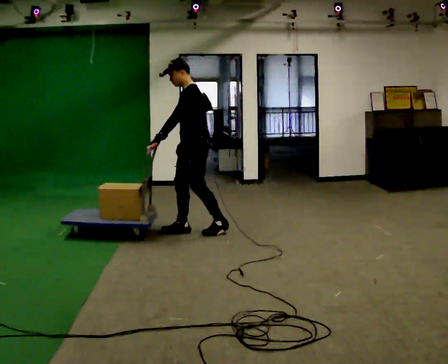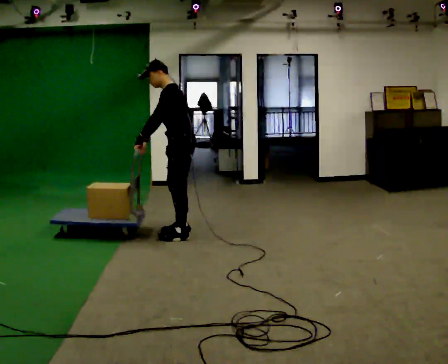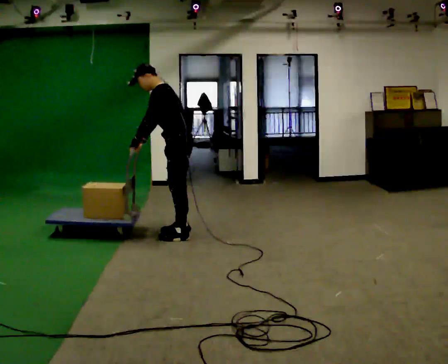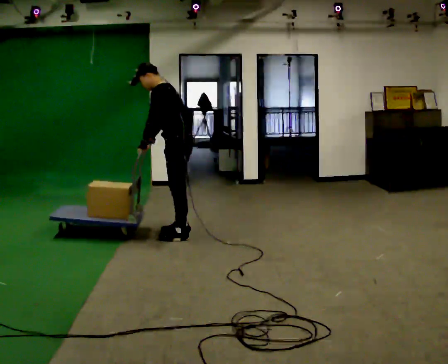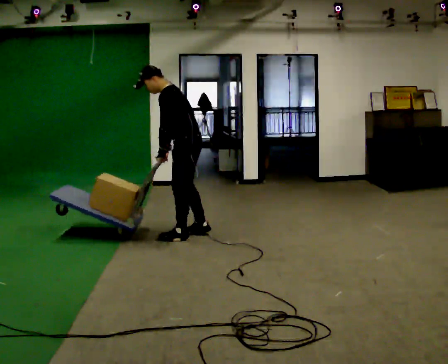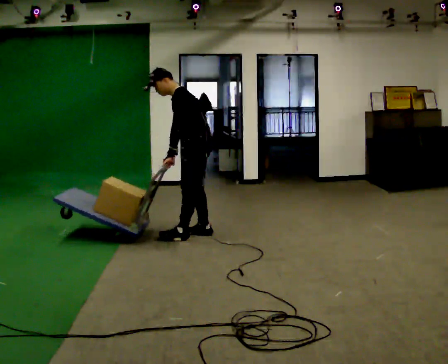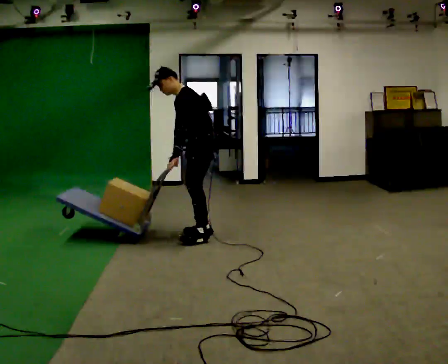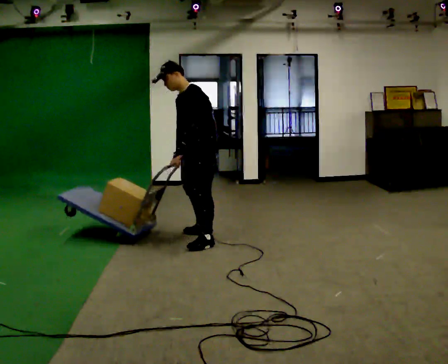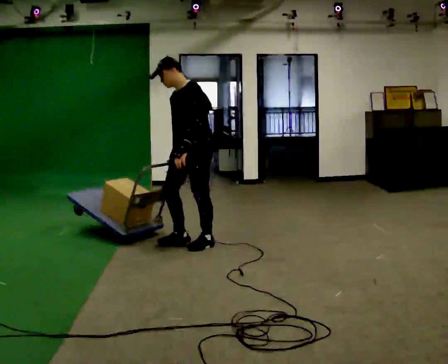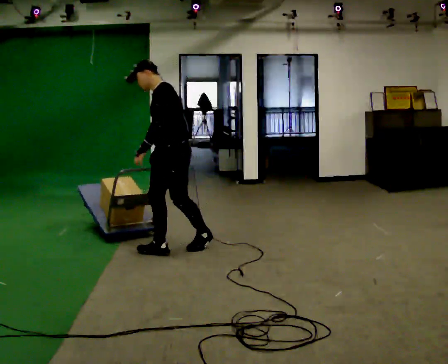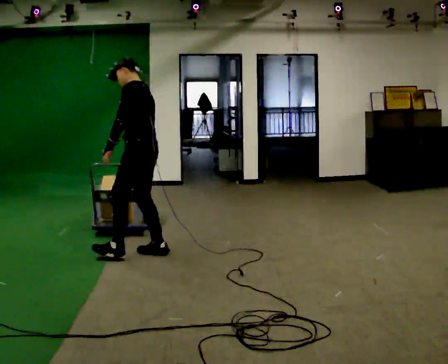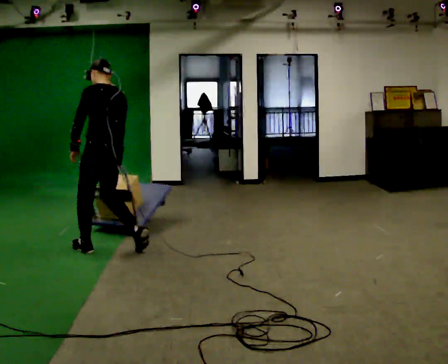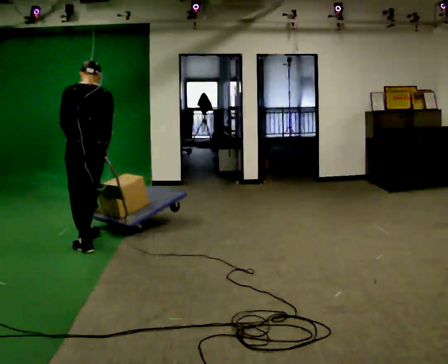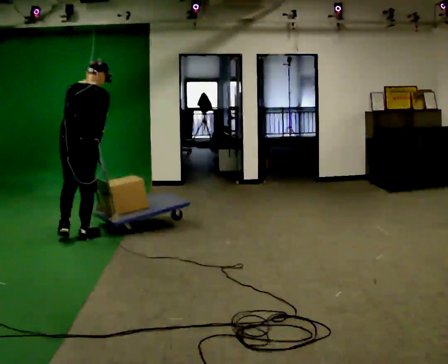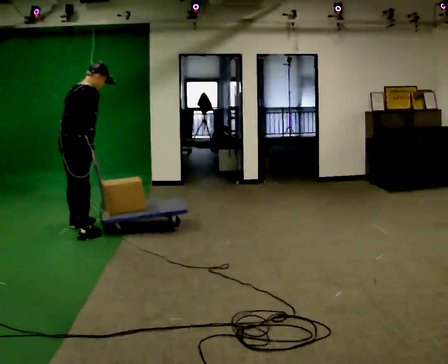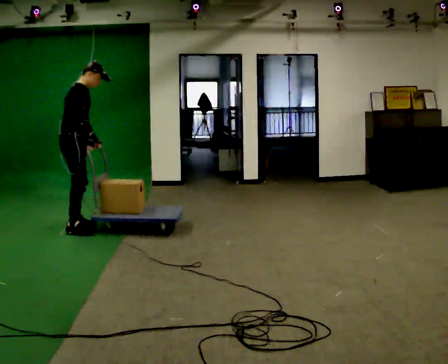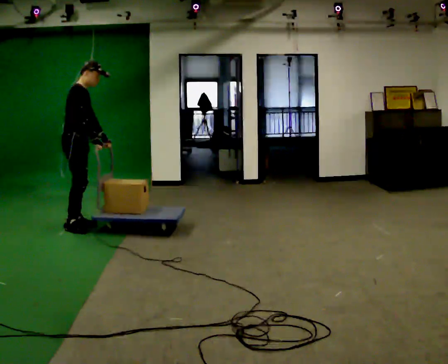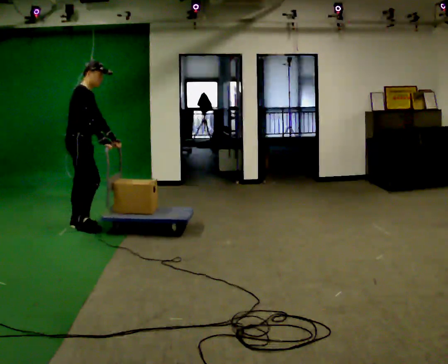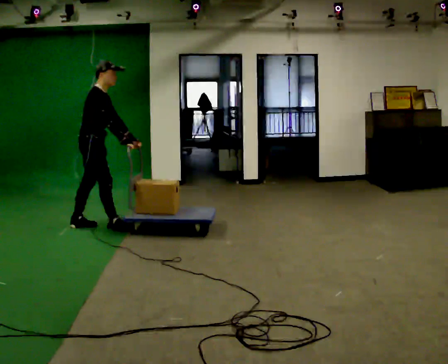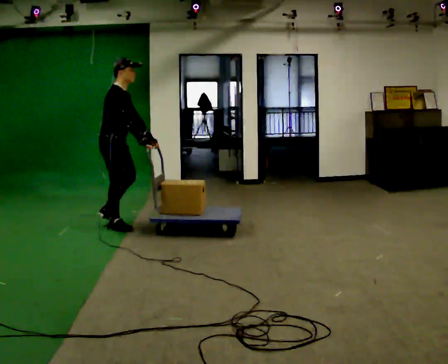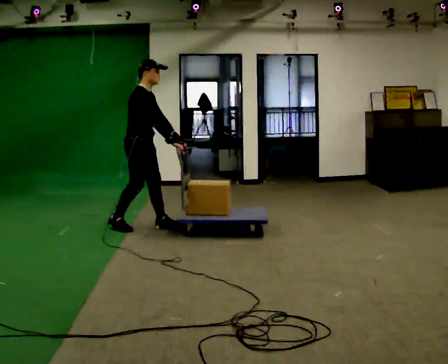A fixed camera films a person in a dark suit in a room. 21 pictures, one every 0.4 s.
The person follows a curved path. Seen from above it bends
clockwise.
0.0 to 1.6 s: In the picture they go toward the camera, about 0.25 m in 1 step, which for them is to their left. In the picture the upper body tilts counterclockwise, shoulders to the left, as they bend forward.
1.6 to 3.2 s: The part of the body nearest the lens slides to the right as the person turns to their left by about 45 degrees. In the picture they go toward the camera, about 0.25 m in 2 steps, which for them is to their left. In the picture the upper body tilts clockwise, shoulders to the right, as they lean back or straighten.
3.2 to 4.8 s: The part of the body nearest the lens slides to the left as the person turns to their right by about 105 degrees. In the picture they go to the left, about 1 m in 2 steps.
4.8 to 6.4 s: The part of the body nearest the lens slides to the left as the person turns to their right by about 120 degrees. In the picture they go away from the camera and to the left, about 0.5 m in 3 steps.
6.4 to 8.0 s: In the picture they go to the right, about 0.75 m in 2 steps, which for them is forward.
The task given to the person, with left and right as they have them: Turn the cart round to face the other way without moving it out of the marked square, then turn it back. Repeat until the operator says stop.
The film runs forward here.
